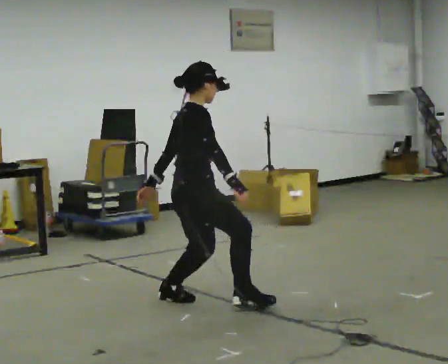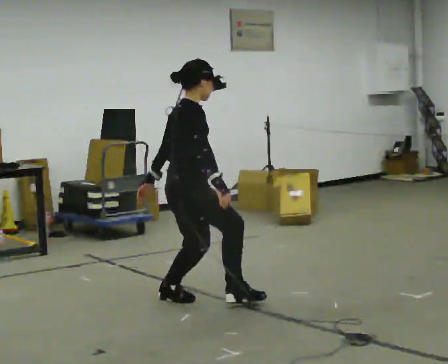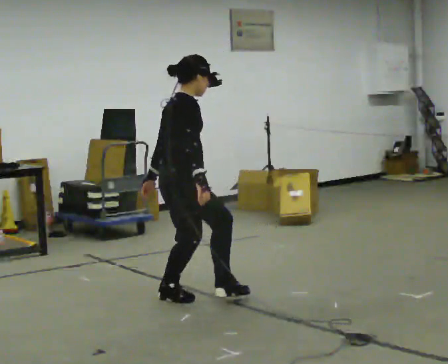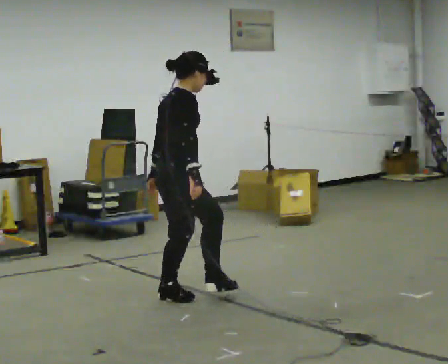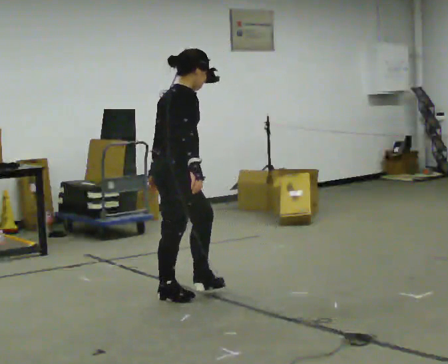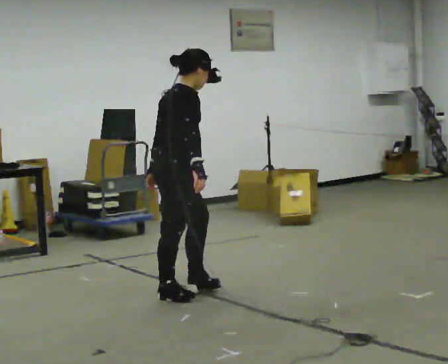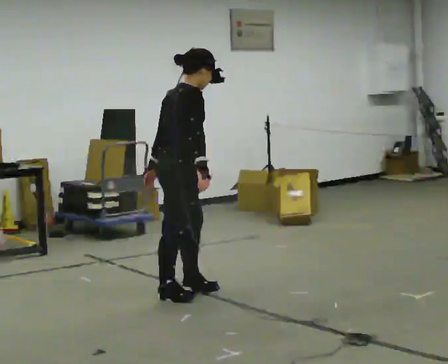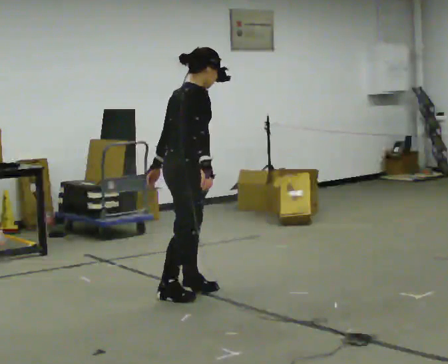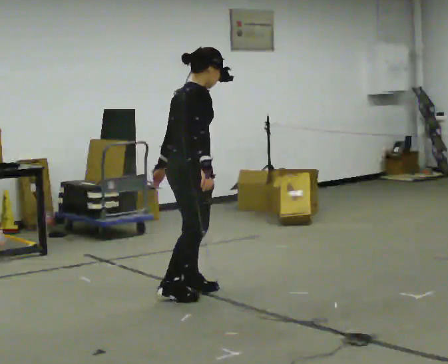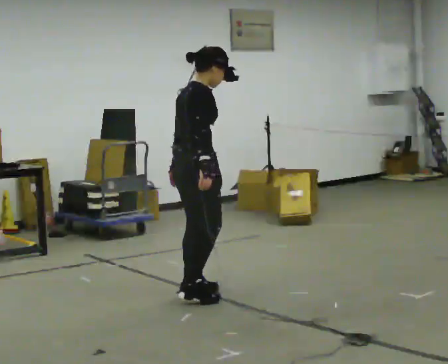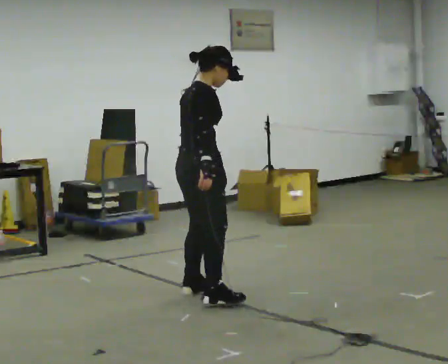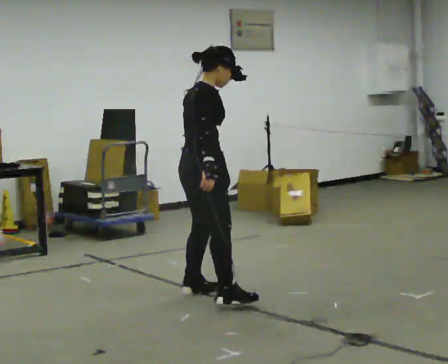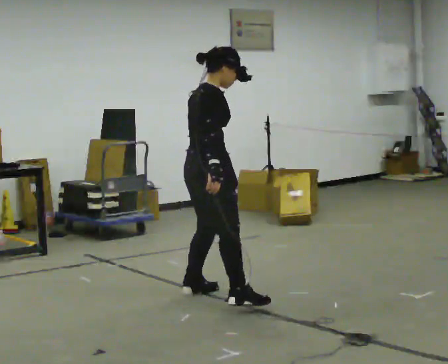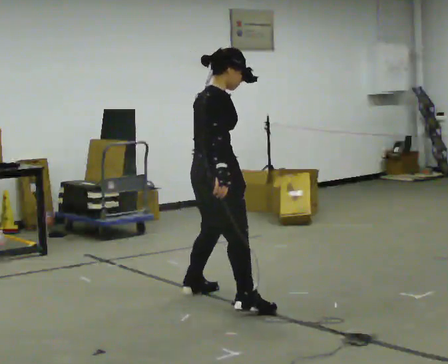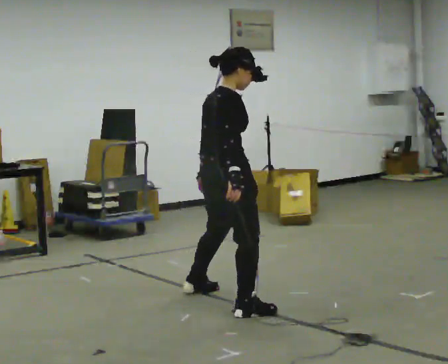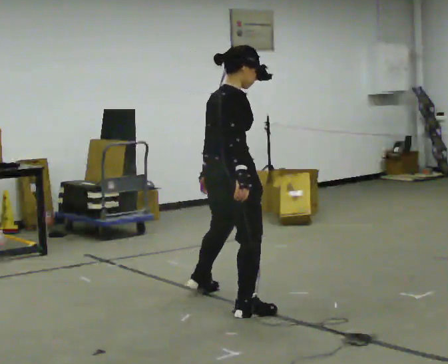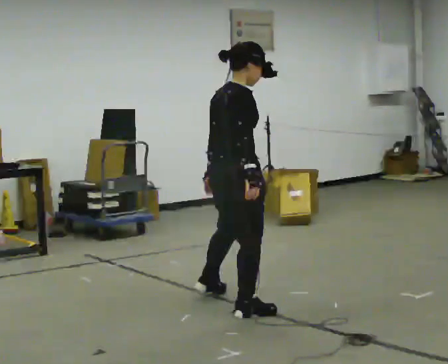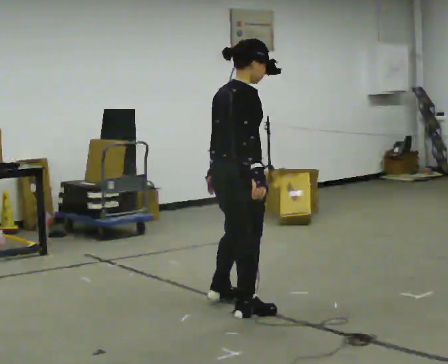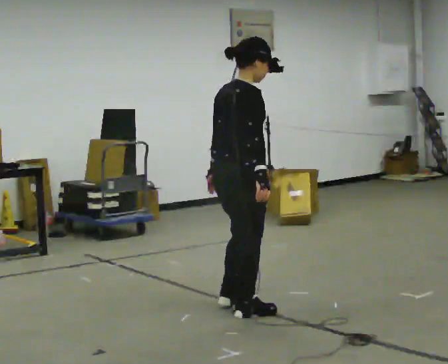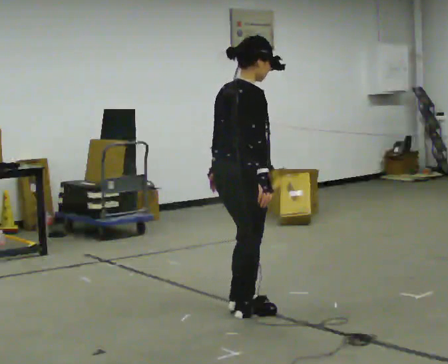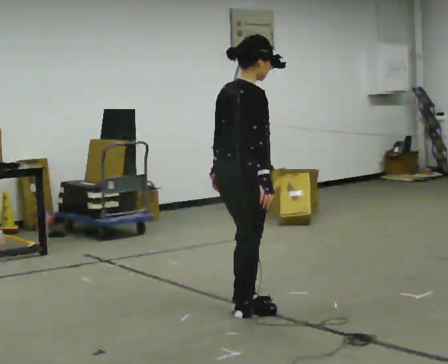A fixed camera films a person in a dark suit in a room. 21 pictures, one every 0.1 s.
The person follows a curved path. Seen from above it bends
clockwise.
0.0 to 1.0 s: In the picture they go away from the camera, about 0.25 m in 1 step, which for them is to their left.
1.0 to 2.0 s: In the picture they go toward the camera and to the right, about 0.5 m in 2 steps, which for them is to their right.
The film runs forward here.
